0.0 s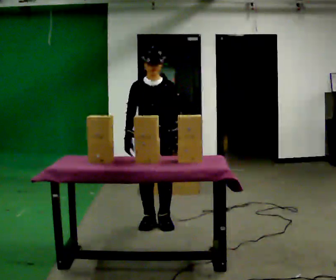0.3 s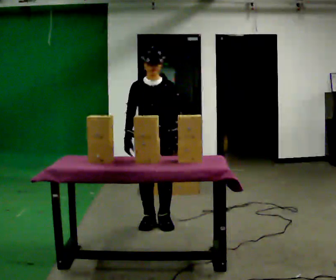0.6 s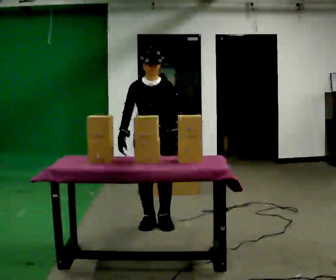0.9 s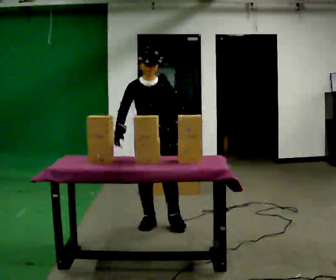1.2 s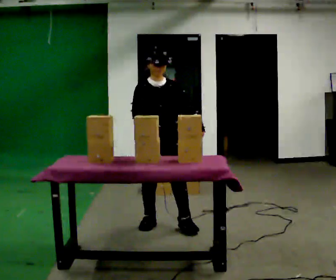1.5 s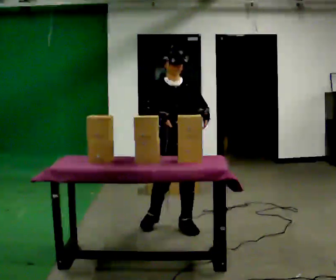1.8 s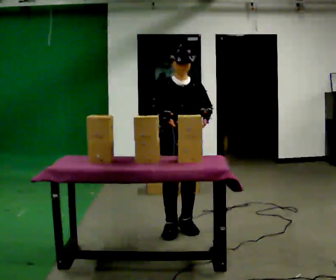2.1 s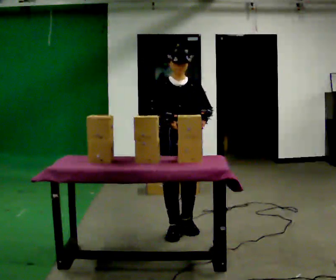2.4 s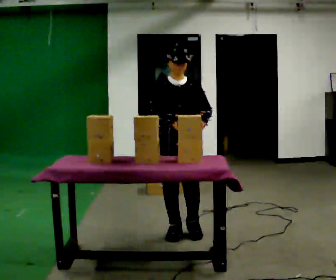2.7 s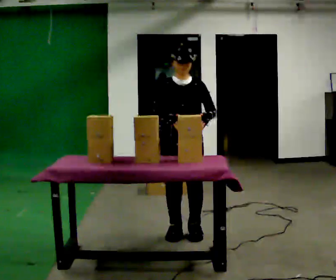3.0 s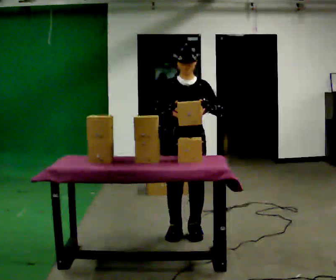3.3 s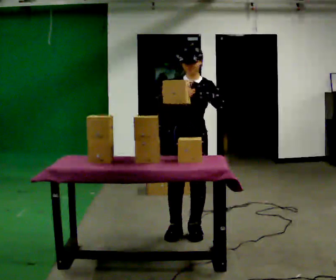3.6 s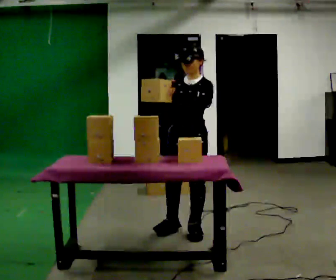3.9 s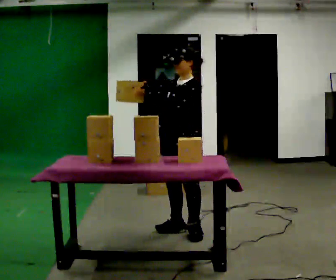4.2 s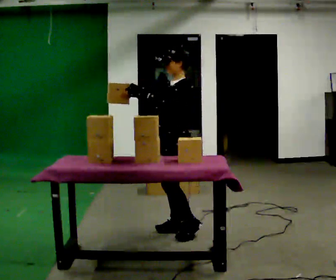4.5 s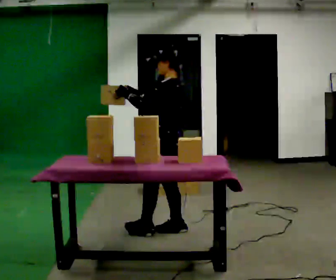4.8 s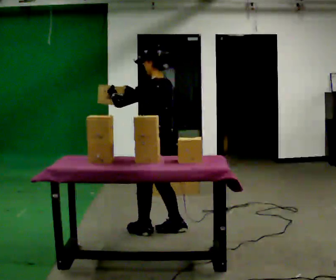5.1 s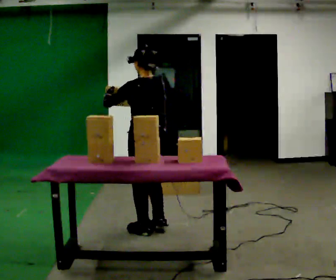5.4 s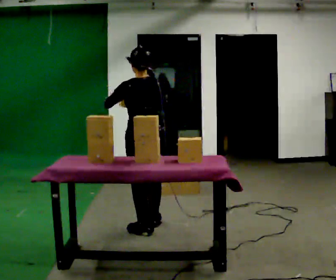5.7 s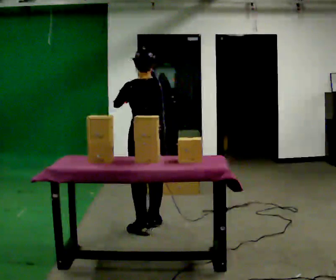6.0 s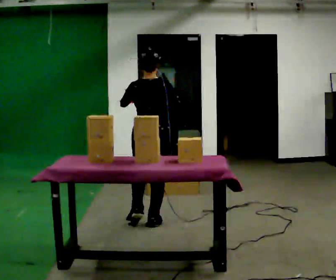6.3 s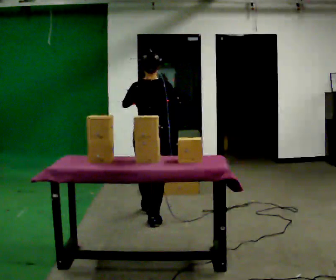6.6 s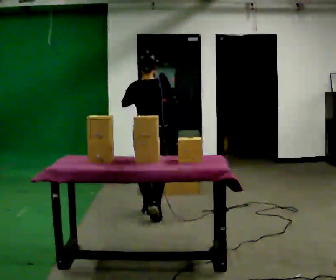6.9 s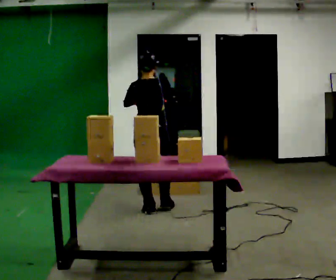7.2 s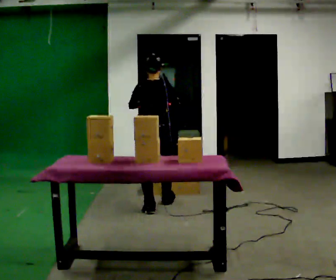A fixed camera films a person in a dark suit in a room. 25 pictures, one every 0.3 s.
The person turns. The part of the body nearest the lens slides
to the left.
The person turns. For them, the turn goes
to their right.
0.0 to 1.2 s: The person moves a little, or ends about where they began.
1.2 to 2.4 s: In the picture they go toward the camera and to the right, about 0.25 m in 1 step, which for them is forward and to their left.
2.4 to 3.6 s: The person turns about 30 degrees to their right, clockwise seen from above, so the part of the body nearest the lens slides to the left.
3.6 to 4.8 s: Seen from above the body turns clockwise, about 90 degrees: to their right, with its near side sliding to the left. In the picture they go to the left, about 0.25 m in 1 step.
4.8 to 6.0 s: The person turns about 60 degrees to their right, clockwise seen from above, so the part of the body nearest the lens slides to the left. In the picture they go away from the camera, about 0.25 m in 1 step, which for them is forward.
6.0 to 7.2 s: In the picture they go away from the camera, about 0.5 m in 2 steps, which for them is forward.
The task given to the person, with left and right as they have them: Carry the object across the room, open the lid of the container, put the object inside, and close the lid again. Then go back for the next one. Keep going until the operator says stop; one object at a time, and do not rush between trips.
The film runs forward here.
